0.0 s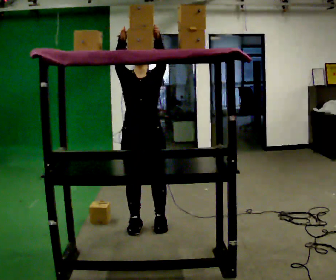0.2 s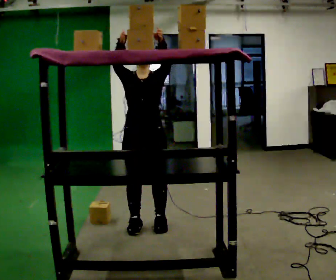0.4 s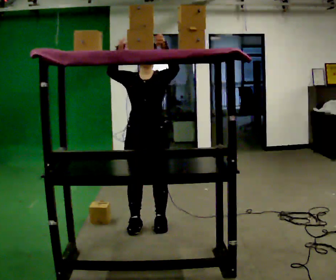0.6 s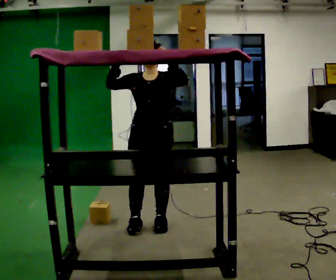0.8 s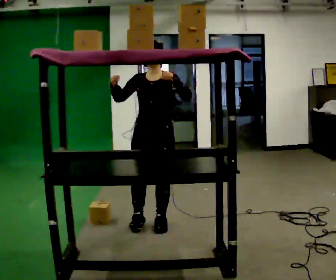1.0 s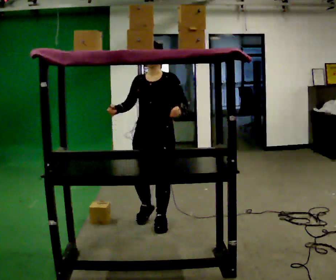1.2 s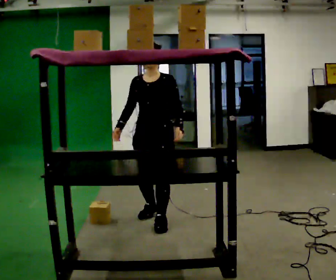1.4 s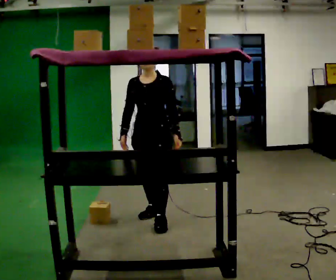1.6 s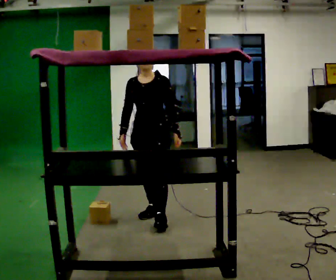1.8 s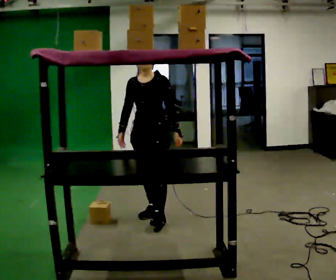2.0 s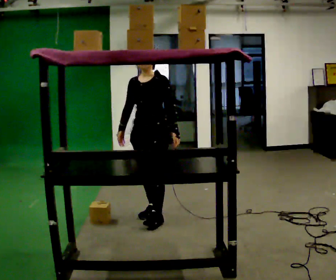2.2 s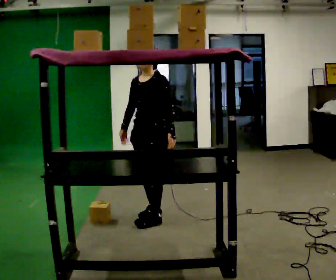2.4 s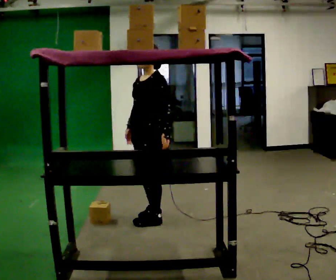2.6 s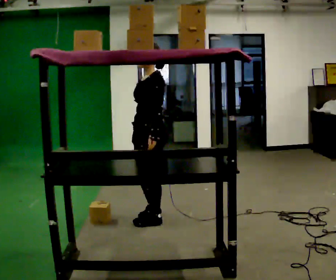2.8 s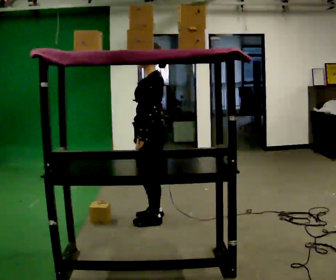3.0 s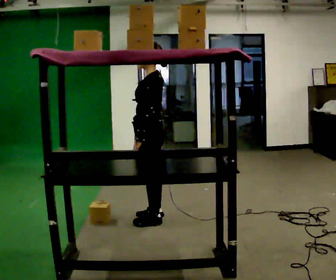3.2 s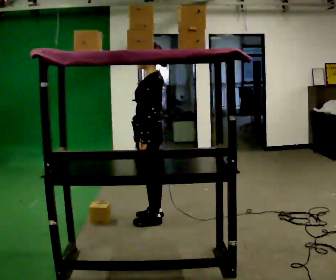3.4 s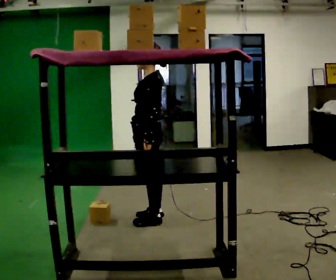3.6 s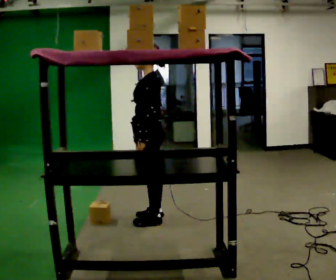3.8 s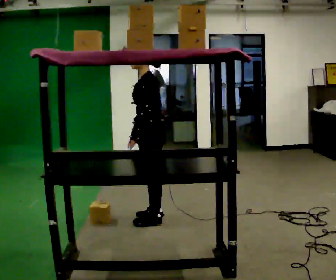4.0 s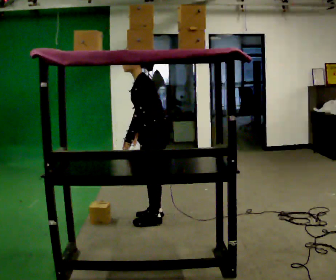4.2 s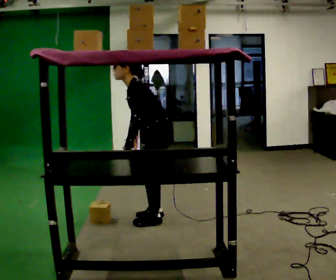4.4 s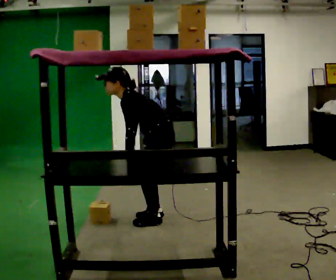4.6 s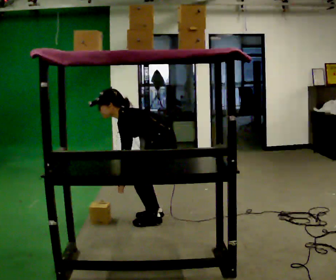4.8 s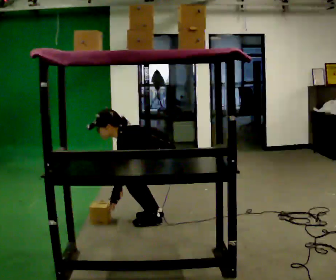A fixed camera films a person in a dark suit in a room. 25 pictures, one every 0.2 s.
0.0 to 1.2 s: In the picture they go away from the camera, about 0.25 m in 1 step, which for them is backward. In the picture their right hand goes downward.
1.2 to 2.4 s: Seen from above the body turns clockwise, about 30 degrees: to their right, with its near side sliding to the left. In the picture they go away from the camera, about 0.25 m, which for them is backward.
2.4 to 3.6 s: The person turns about 45 degrees to their right, clockwise seen from above, so the part of the body nearest the lens slides to the left.
3.6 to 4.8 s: The shoulders move downward. In the picture the upper body tilts counterclockwise, shoulders to the left, as they bend forward. In the picture their left hand goes downward.
The film runs backward here.
